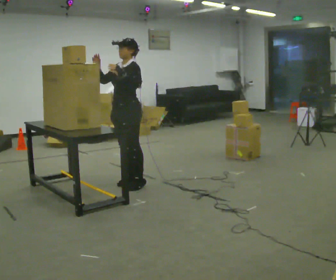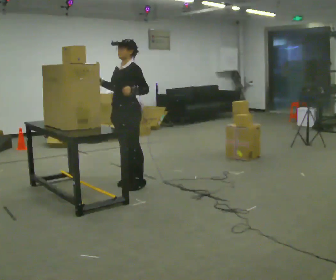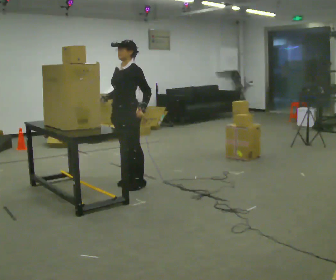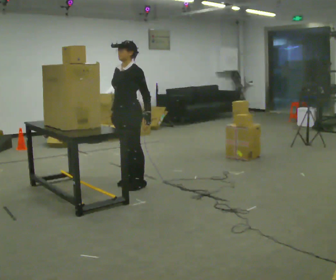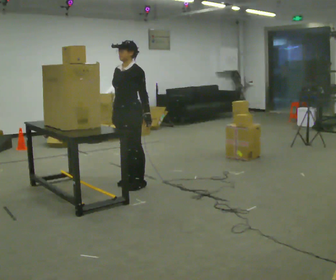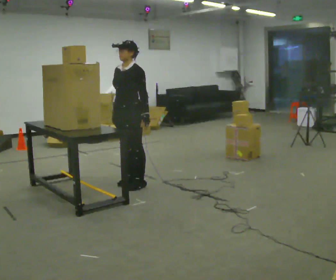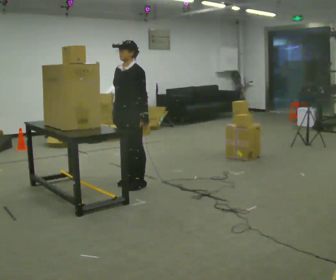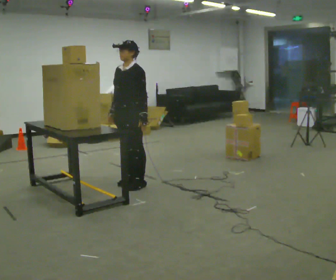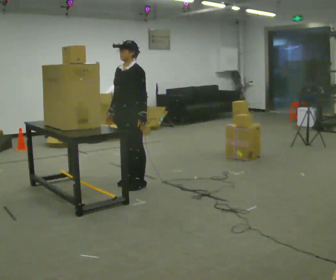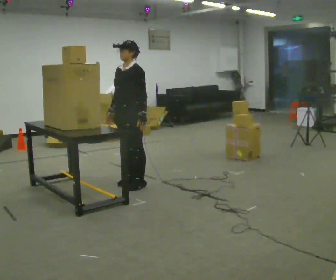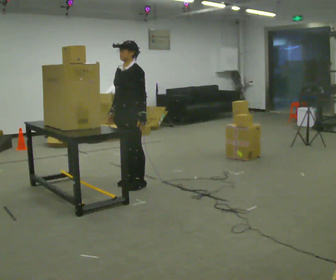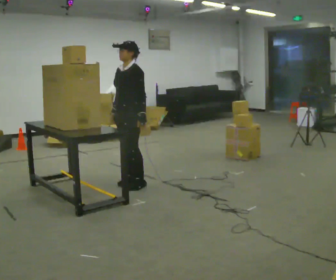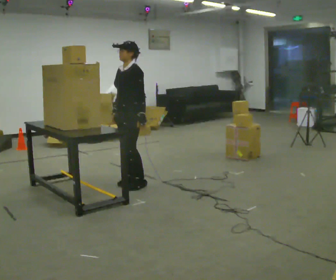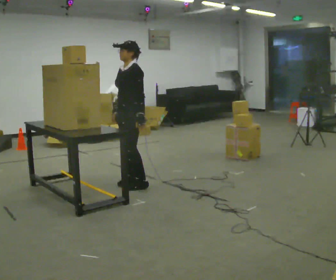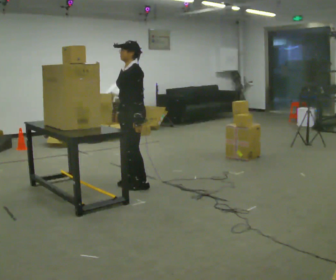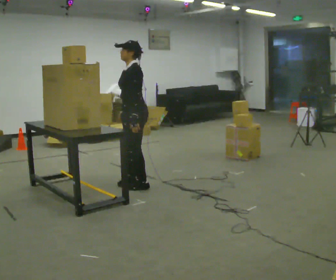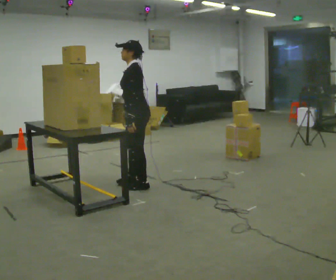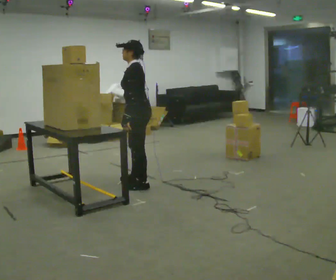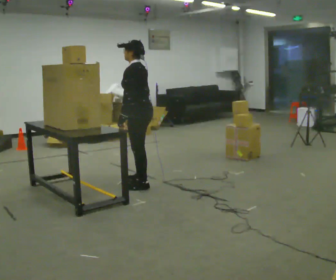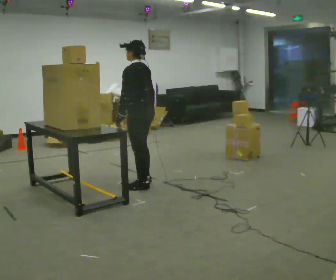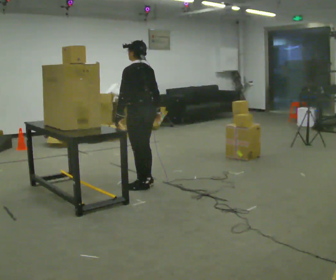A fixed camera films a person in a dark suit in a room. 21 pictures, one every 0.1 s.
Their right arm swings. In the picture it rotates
counterclockwise.
Their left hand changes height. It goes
downward.
0.0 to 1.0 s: In the picture their right hand goes downward, the arm swinging counterclockwise.
1.0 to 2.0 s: The part of the body nearest the lens slides to the left as the person turns to their right by about 75 degrees. In the picture their right hand goes to the right, the arm swinging counterclockwise.
The film runs forward here.
